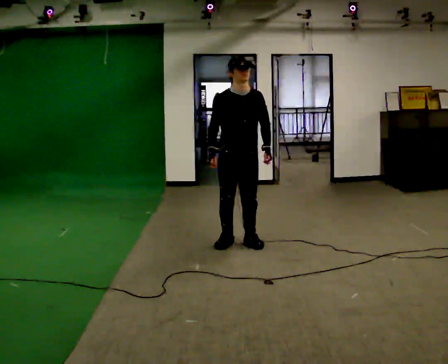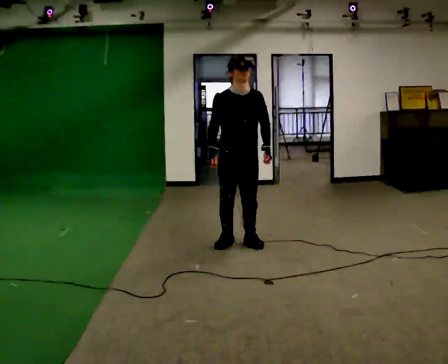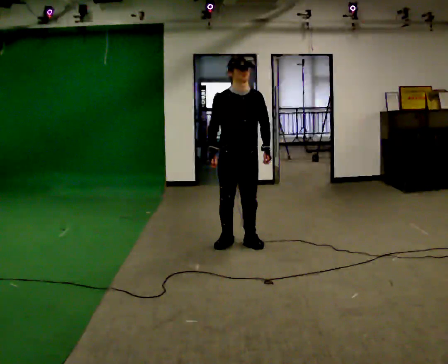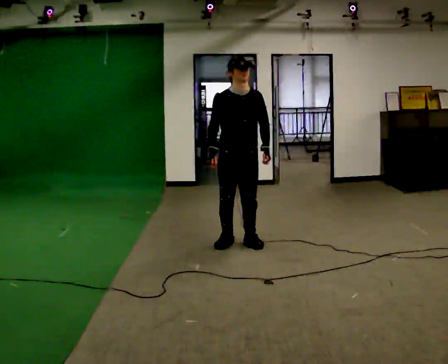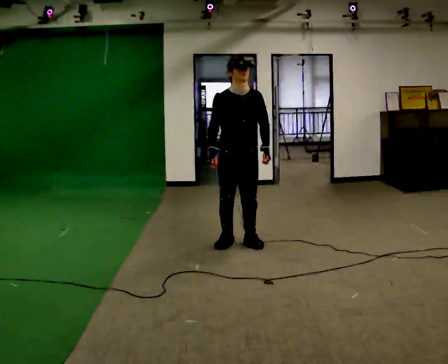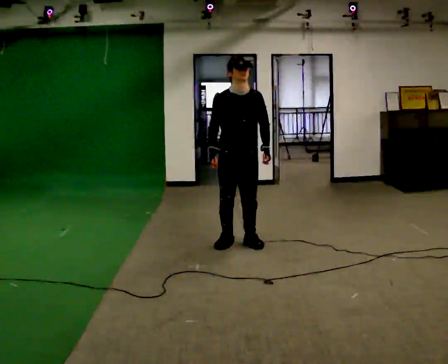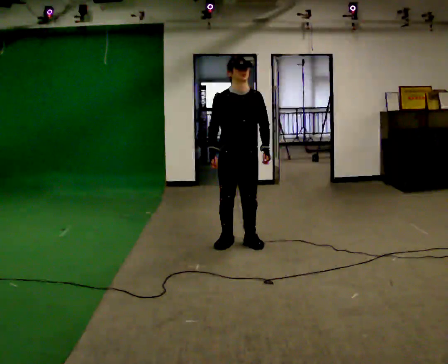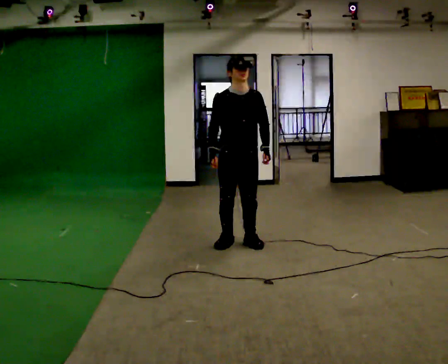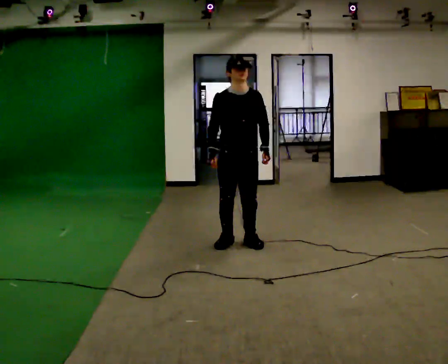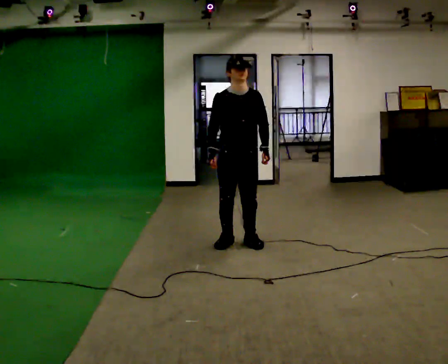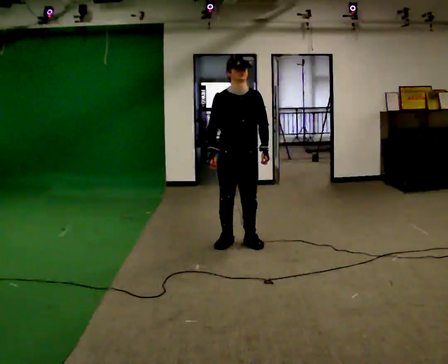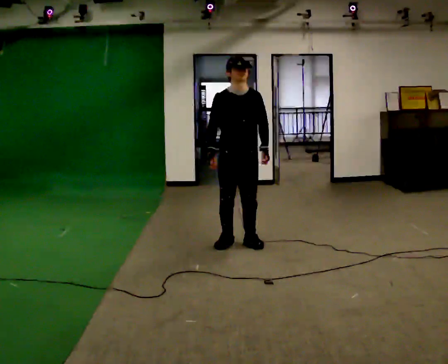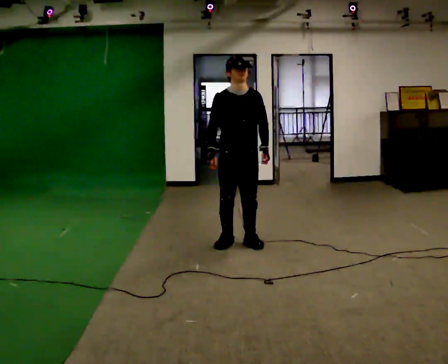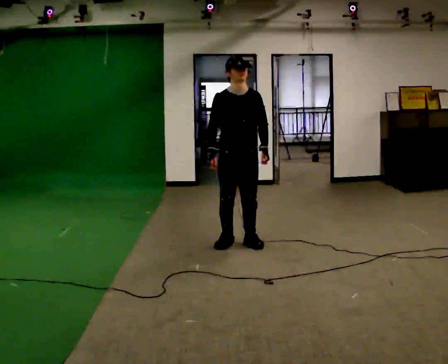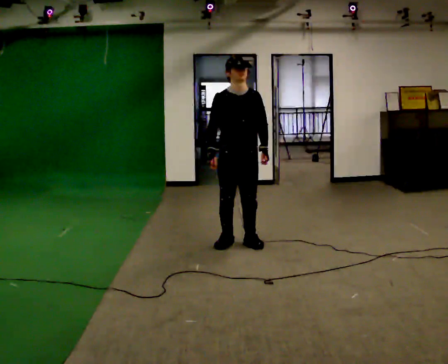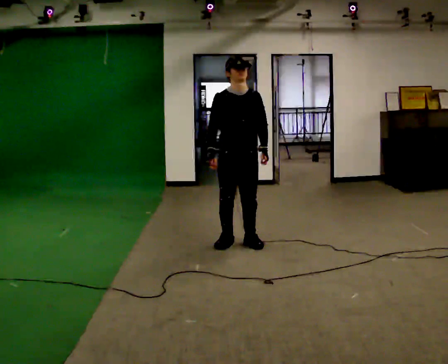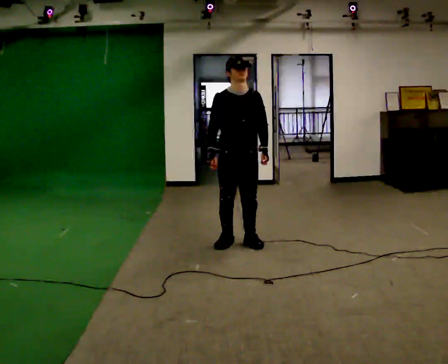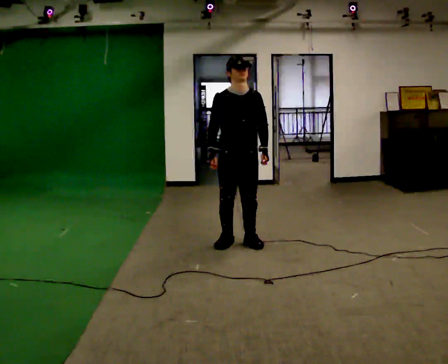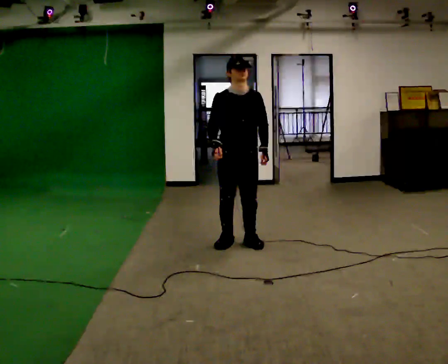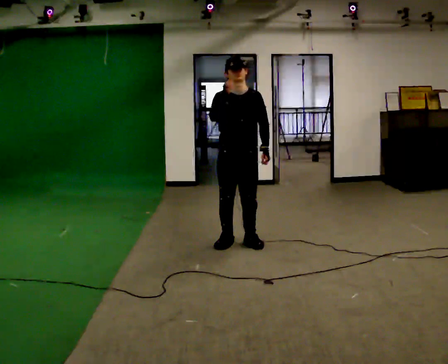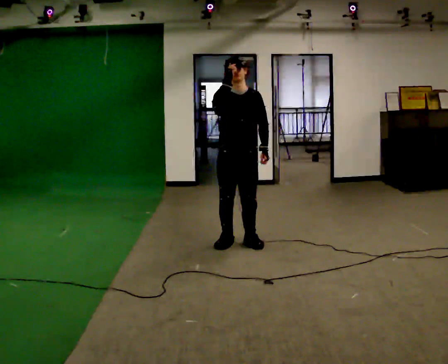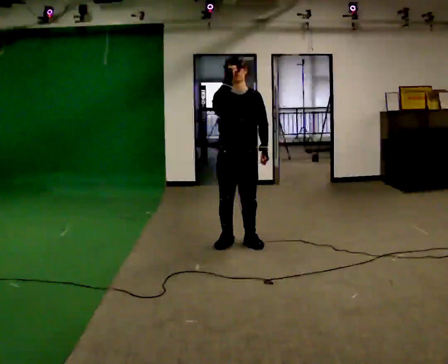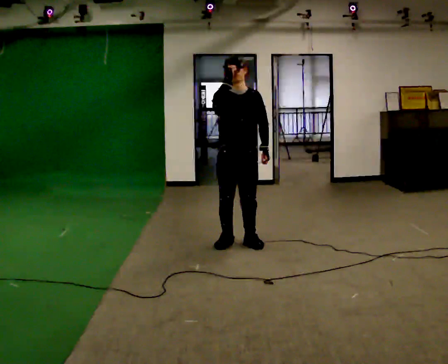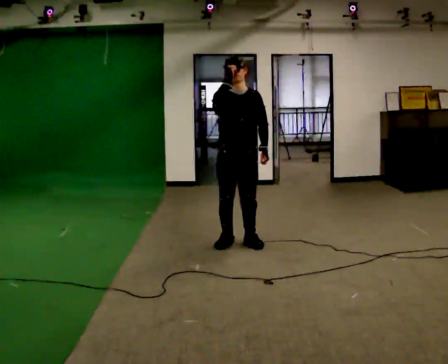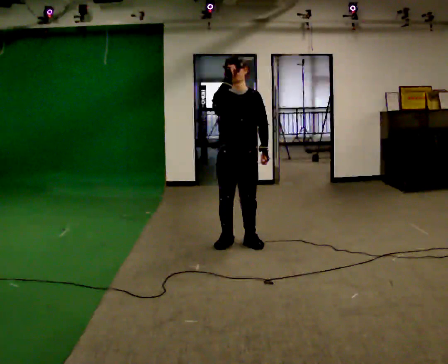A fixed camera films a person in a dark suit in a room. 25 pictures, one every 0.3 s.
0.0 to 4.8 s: The person keeps their place and pose.
4.8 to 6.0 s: In the picture their right hand goes upward.
6.0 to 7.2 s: The person keeps their place and pose.
The film runs forward here.
